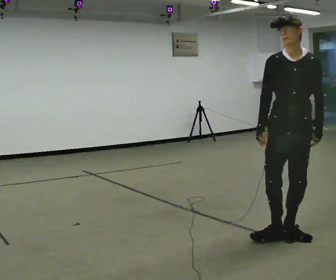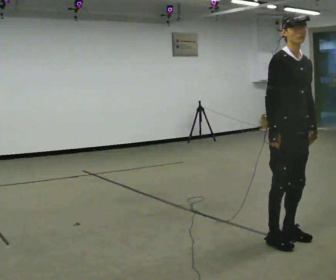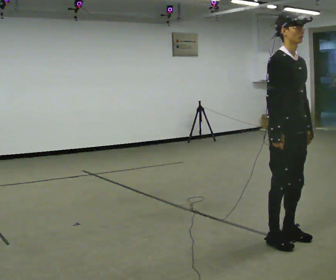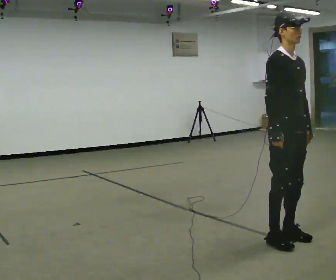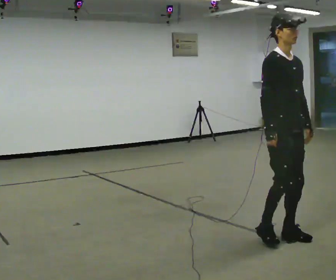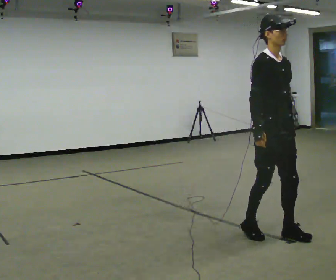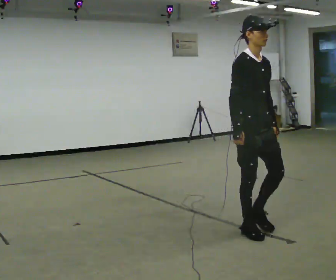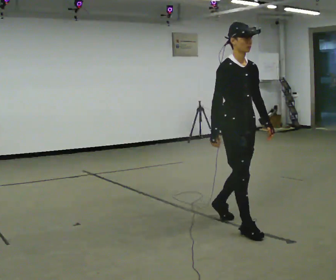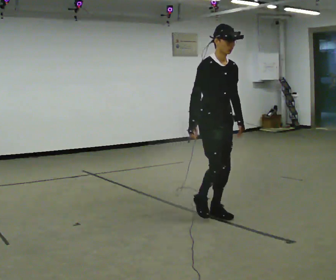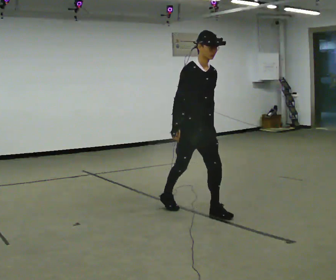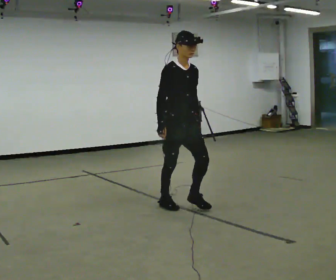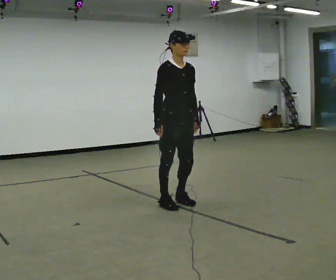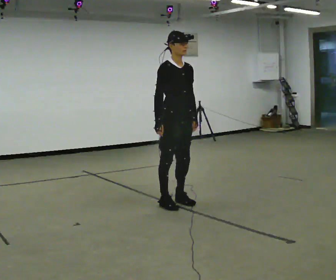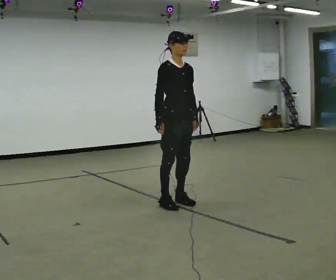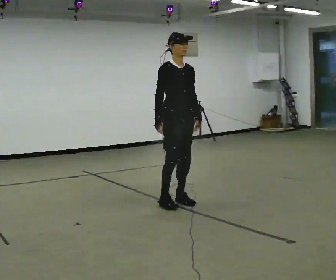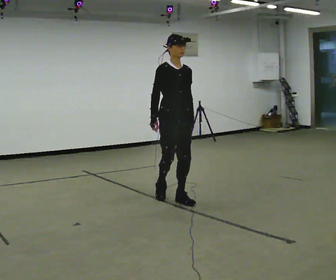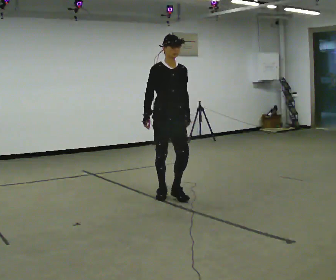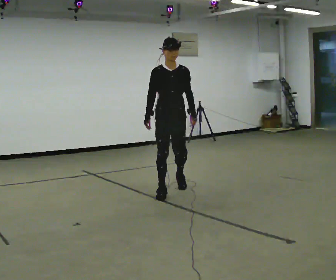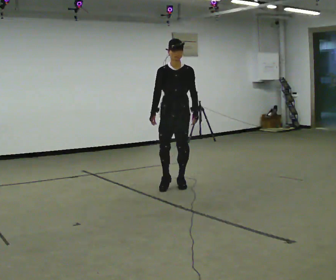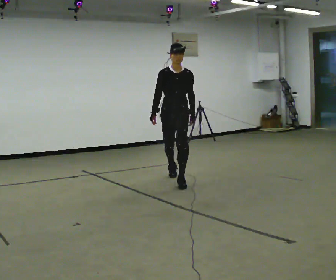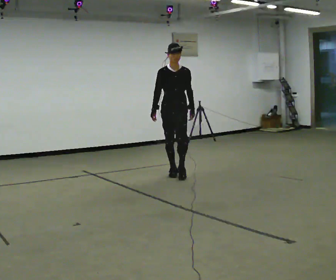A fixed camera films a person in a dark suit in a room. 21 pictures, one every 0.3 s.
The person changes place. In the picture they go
away from the camera.
0.0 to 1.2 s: The part of the body nearest the lens slides to the right as the person turns to their left by about 45 degrees.
1.2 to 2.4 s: In the picture they go away from the camera and to the left, about 1 m in 2 steps, which for them is backward.
2.4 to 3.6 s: In the picture they go away from the camera and to the left, about 0.5 m in 1 step, which for them is backward.
3.6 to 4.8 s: In the picture they go away from the camera, about 0.5 m in 2 steps, which for them is backward and to their left.
4.8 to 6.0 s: In the picture they go away from the camera, about 1 m in 2 steps, which for them is backward.
The film runs backward here.
